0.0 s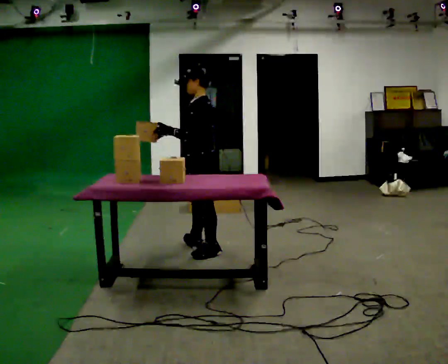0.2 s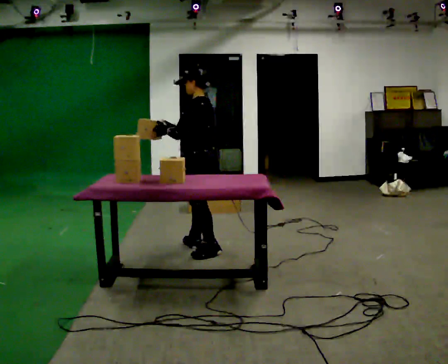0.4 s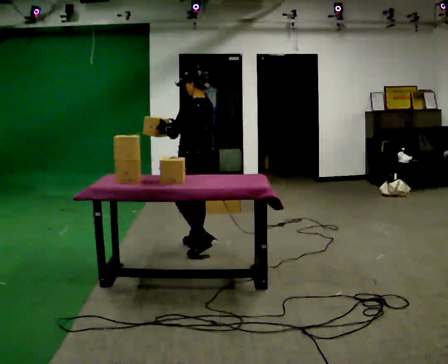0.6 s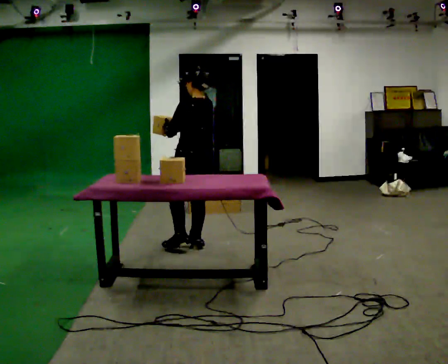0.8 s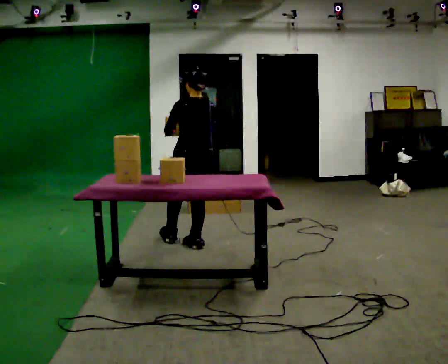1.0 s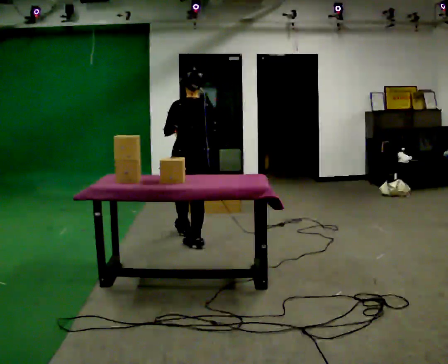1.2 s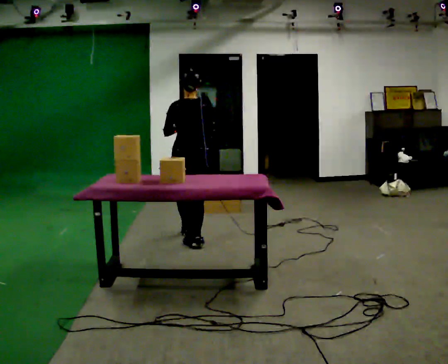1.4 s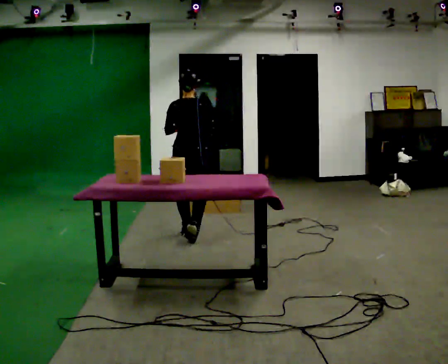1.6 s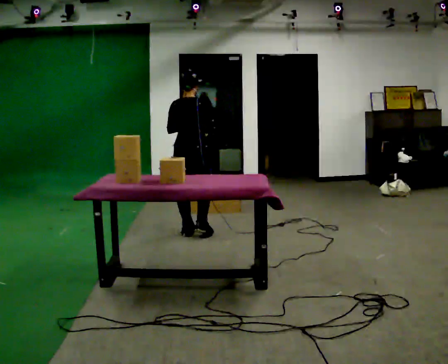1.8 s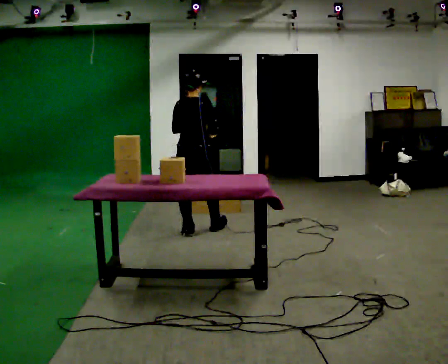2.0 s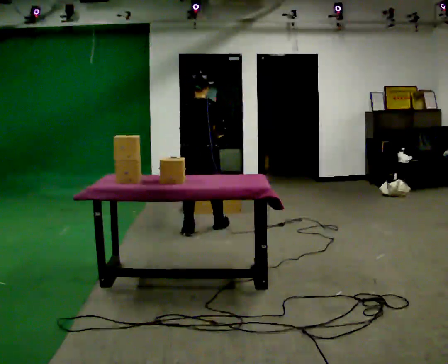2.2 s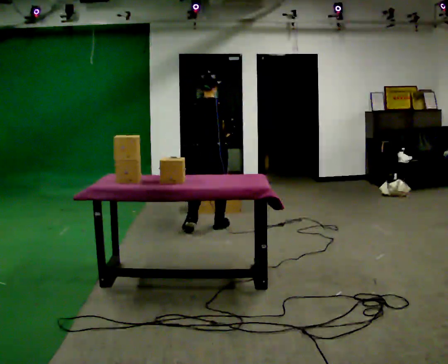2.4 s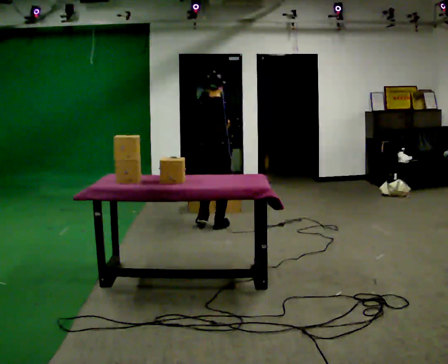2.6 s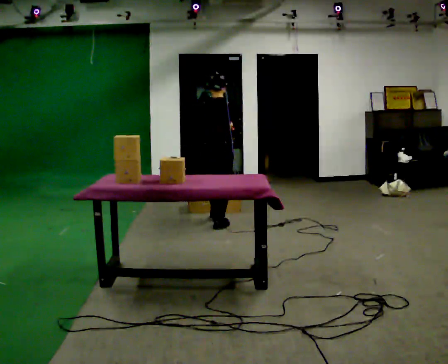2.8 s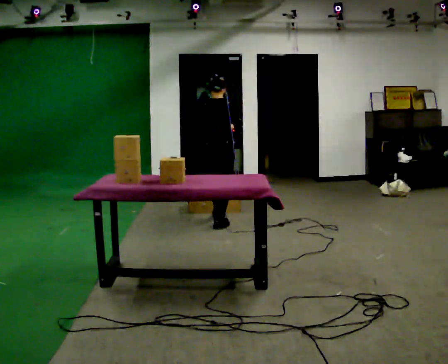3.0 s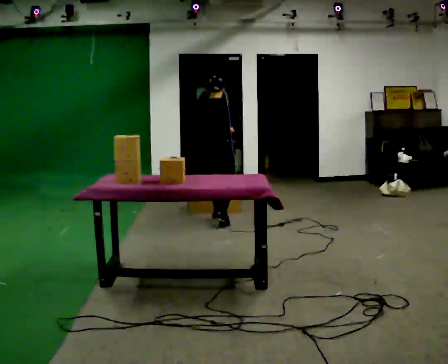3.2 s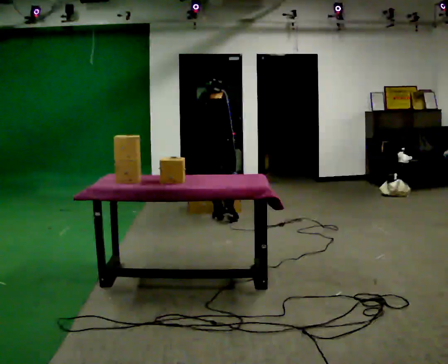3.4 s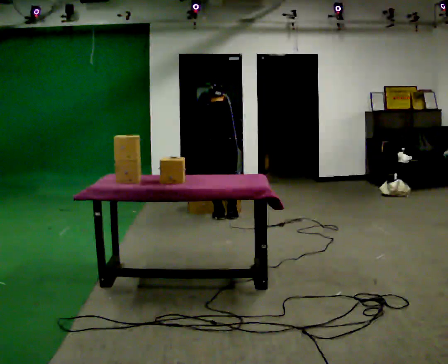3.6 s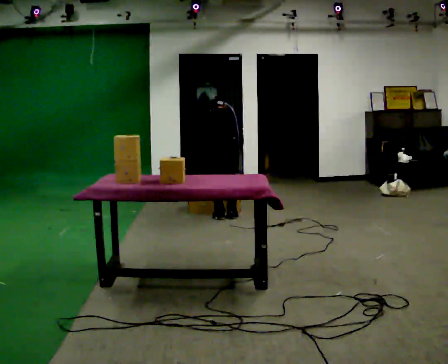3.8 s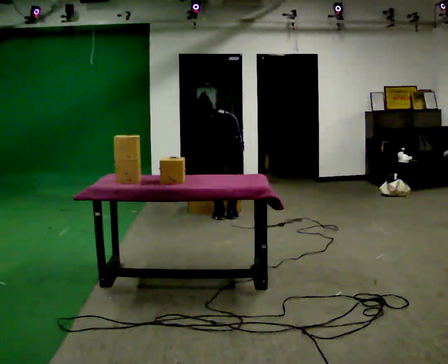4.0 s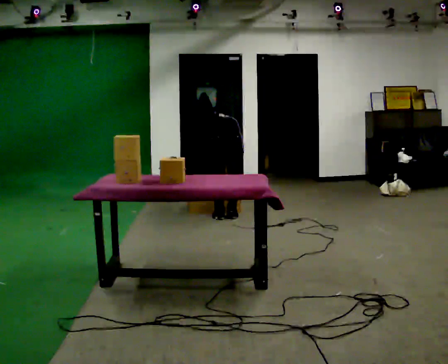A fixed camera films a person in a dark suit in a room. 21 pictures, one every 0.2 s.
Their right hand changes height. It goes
downward.
The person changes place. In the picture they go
away from the camera.
0.0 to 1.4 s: Seen from above the body turns clockwise, about 90 degrees: to their right, with its near side sliding to the left. In the picture they go away from the camera, about 0.5 m in 1 step.
1.4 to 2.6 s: In the picture they go away from the camera and to the right, about 0.5 m in 1 step, which for them is forward.
2.6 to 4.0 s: In the picture they go away from the camera, about 0.25 m in 2 steps, which for them is forward. The shoulders move downward. The upper body tips away from the camera, its near side rolling upward, as they bend forward. In the picture their left hand goes downward.
The film runs forward here.
